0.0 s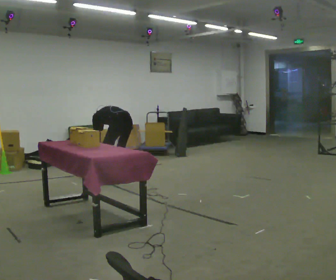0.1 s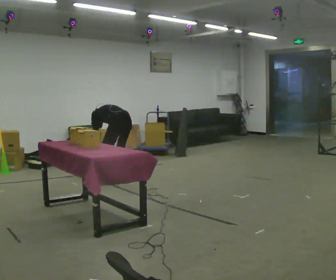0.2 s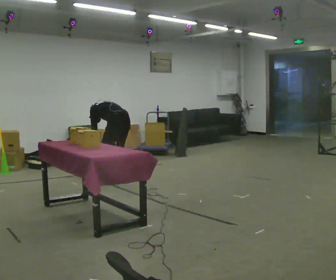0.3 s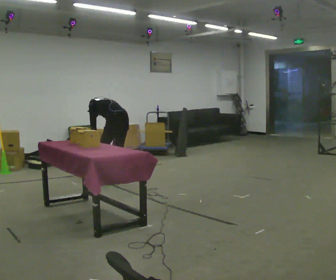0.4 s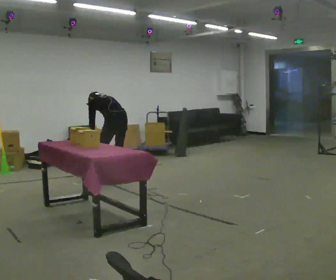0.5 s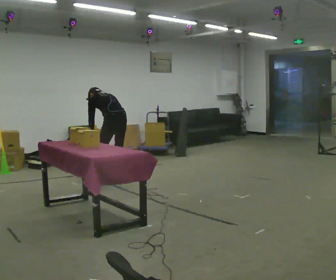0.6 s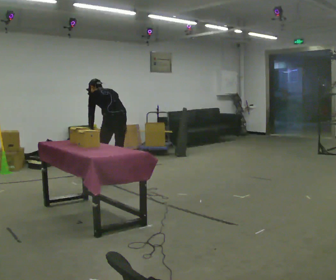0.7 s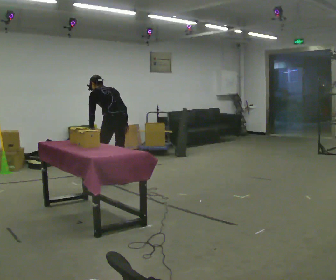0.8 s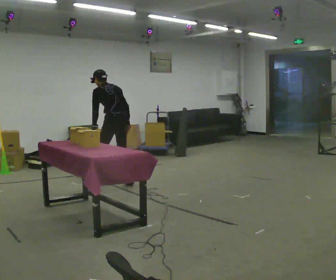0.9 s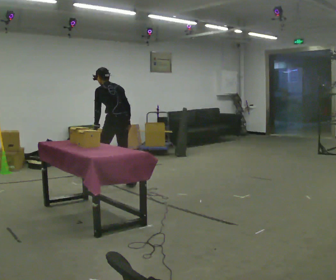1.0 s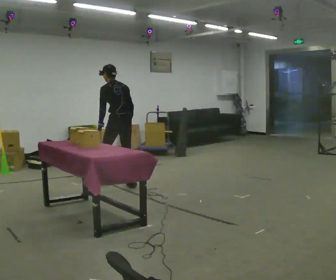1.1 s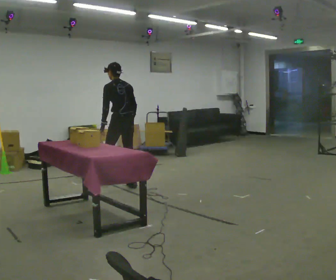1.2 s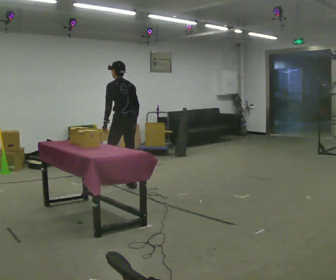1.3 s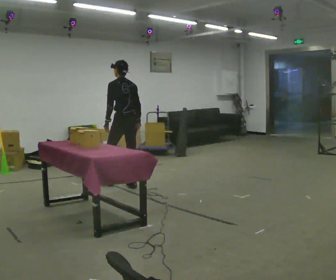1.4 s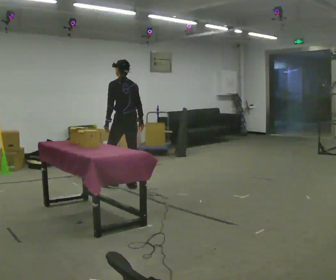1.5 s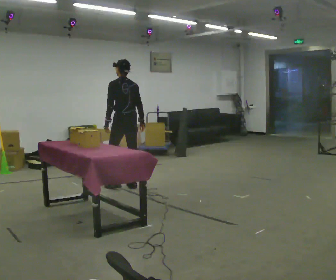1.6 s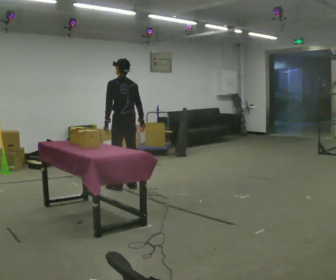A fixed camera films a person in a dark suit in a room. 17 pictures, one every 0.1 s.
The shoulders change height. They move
upward.
Their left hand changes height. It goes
upward.
0.0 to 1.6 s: In the picture they go toward the camera, about 0.25 m in 2 steps, which for them is backward. The upper body goes upward. The upper body tips toward the camera, its near side rolling downward, as they lean back or straighten. In the picture their right hand goes upward.
The film runs forward here.
